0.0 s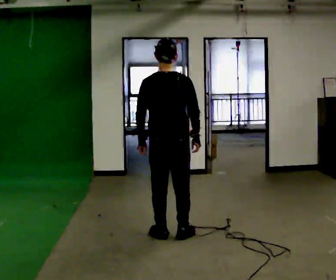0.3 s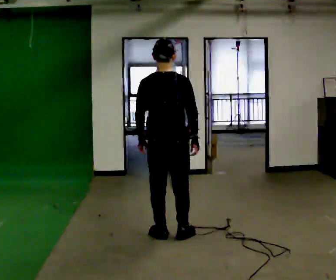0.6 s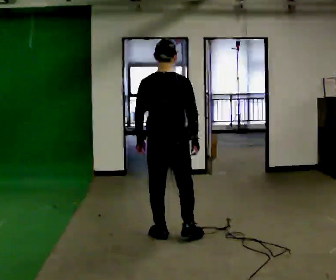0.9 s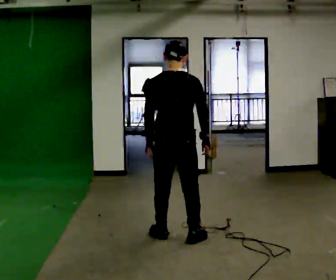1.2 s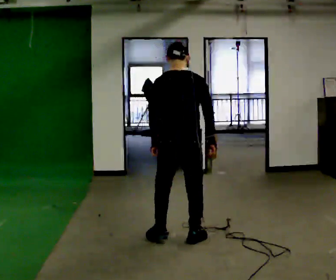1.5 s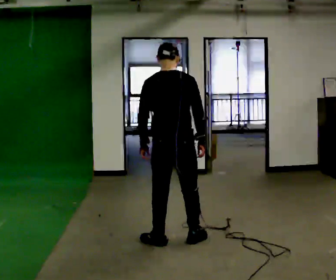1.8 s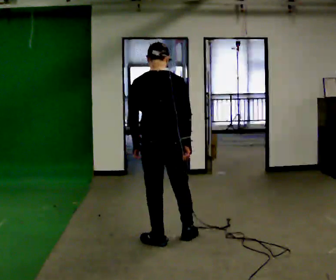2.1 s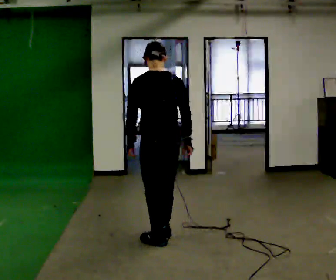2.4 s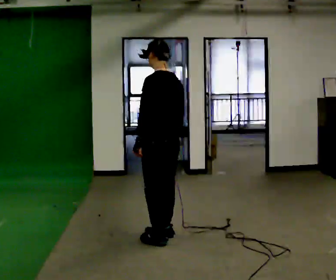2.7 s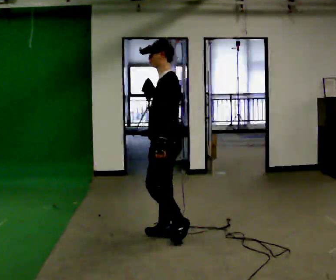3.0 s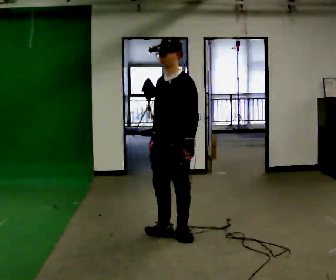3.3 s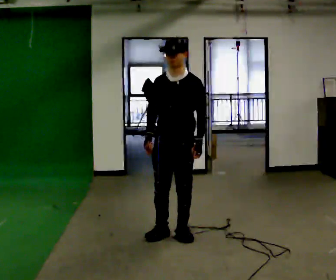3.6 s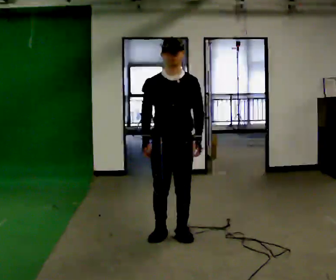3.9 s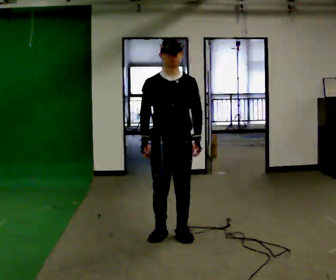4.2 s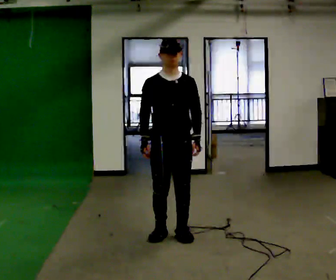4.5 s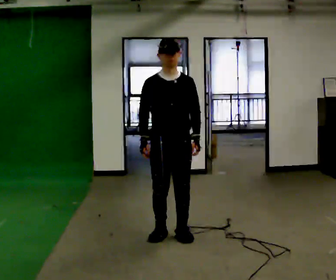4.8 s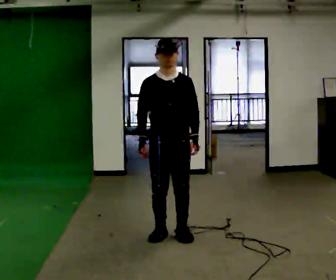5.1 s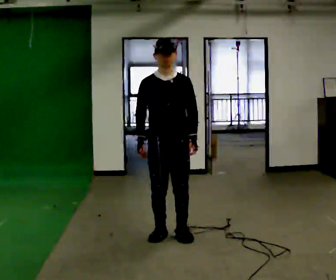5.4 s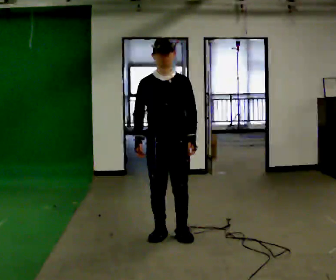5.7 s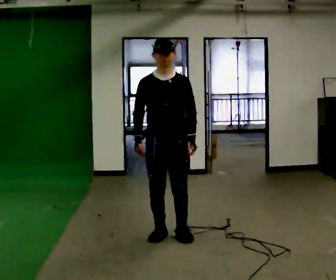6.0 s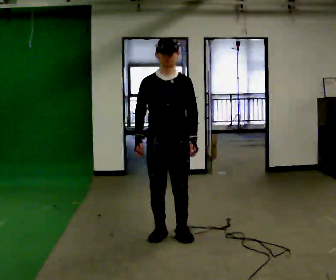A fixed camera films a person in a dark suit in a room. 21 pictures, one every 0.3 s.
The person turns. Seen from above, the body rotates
counterclockwise.
The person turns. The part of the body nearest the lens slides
to the right.
0.0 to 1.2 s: The person moves a little, or ends about where they began.
1.2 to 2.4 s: The person turns about 45 degrees to their left, counterclockwise seen from above, so the part of the body nearest the lens slides to the right. In the picture they go to the left, about 0.25 m in 1 step, which for them is to their left. In the picture their right hand goes to the left.
2.4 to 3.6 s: Seen from above the body turns counterclockwise, about 120 degrees: to their left, with its near side sliding to the right.
3.6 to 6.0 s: The person moves a little, or ends about where they began.
The film runs backward here.
